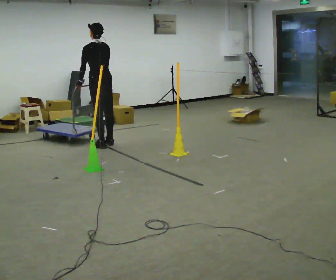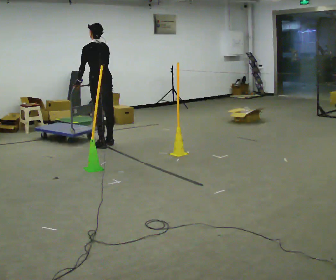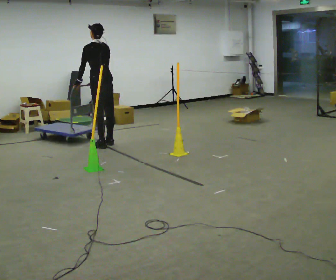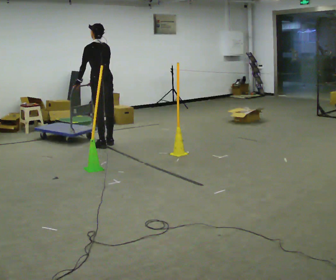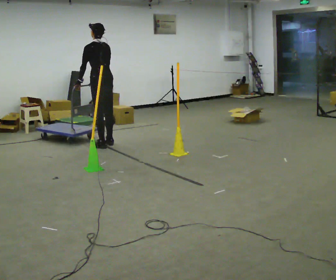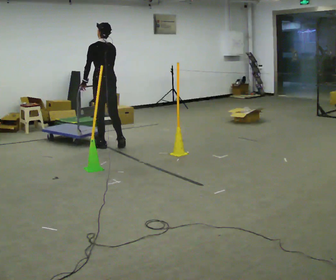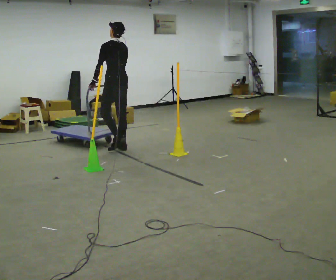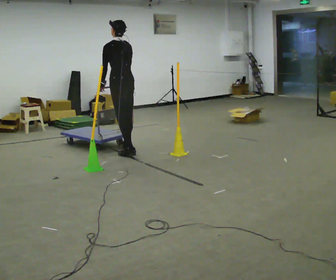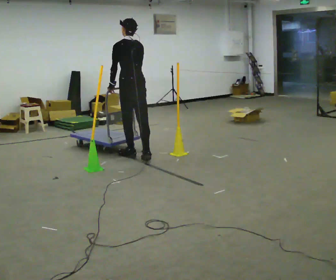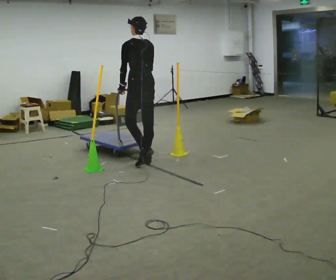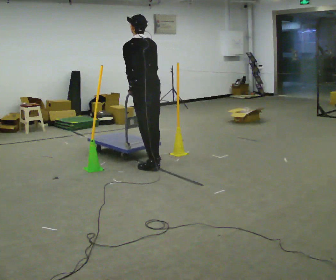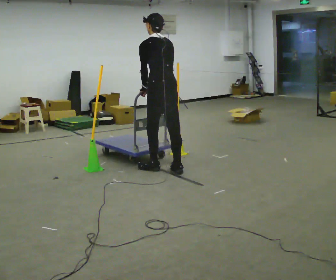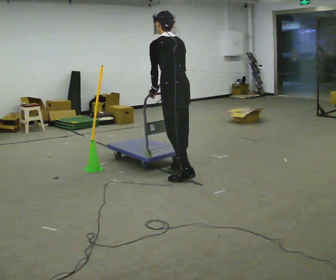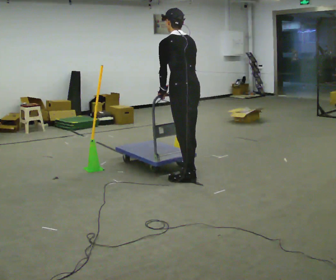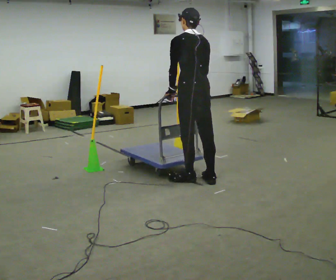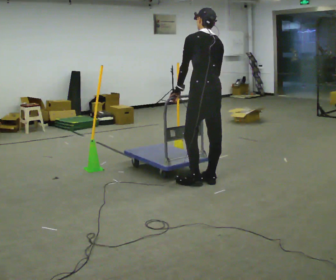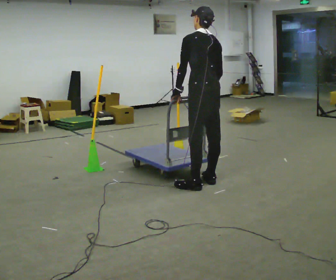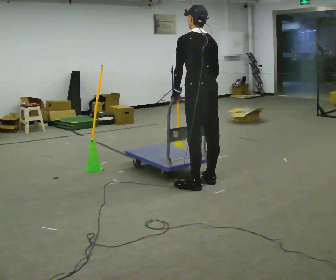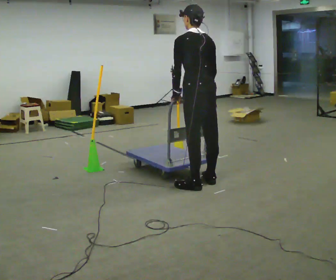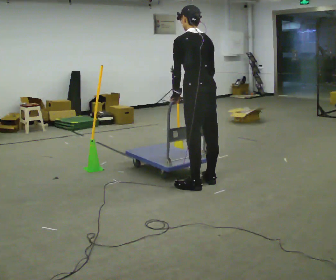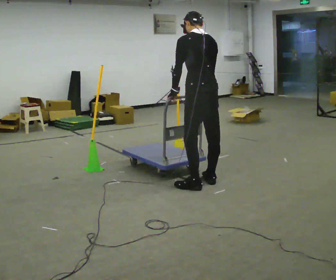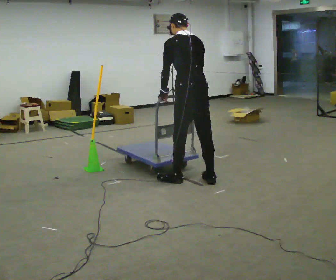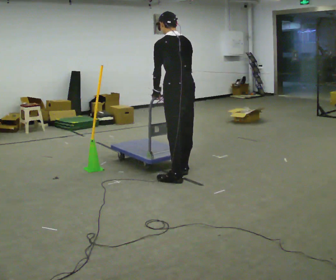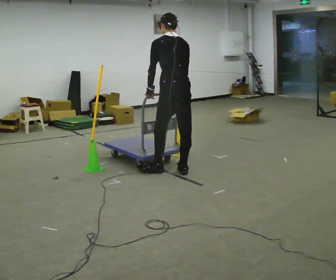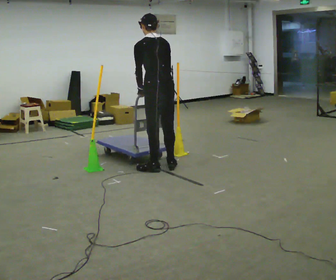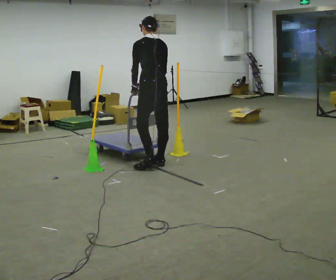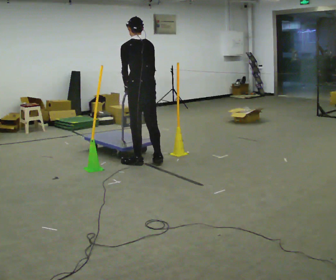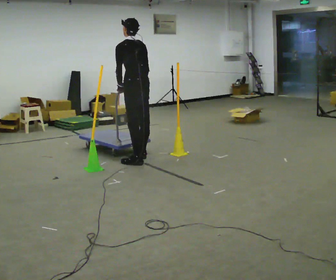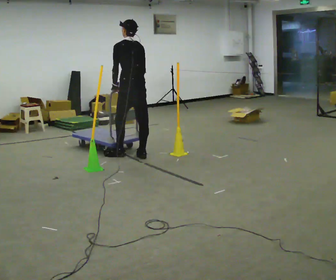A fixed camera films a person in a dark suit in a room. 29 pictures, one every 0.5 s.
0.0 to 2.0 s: The person moves a little, or ends about where they began.
2.0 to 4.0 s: In the picture they go to the right and toward the camera, about 1 m in 3 steps, which for them is backward.
4.0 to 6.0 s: In the picture they go toward the camera and to the right, about 1 m in 3 steps, which for them is backward.
6.0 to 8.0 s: In the picture they go to the right and toward the camera, about 0.5 m in 2 steps, which for them is backward.
8.0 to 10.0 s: The person moves a little, or ends about where they began.
10.0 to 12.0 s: In the picture they go to the left and away from the camera, about 0.75 m in 4 steps, which for them is forward.
12.0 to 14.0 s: In the picture they go away from the camera and to the left, about 0.75 m in 3 steps, which for them is forward.
The film runs backward here.
